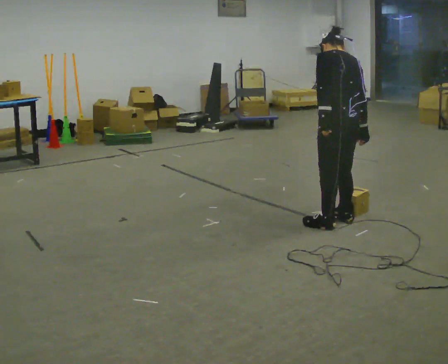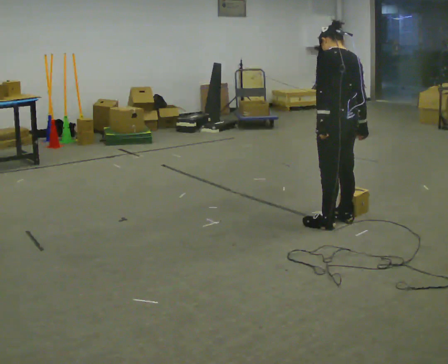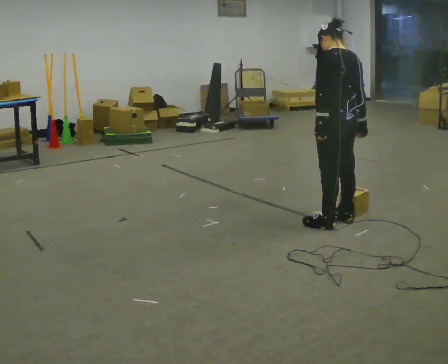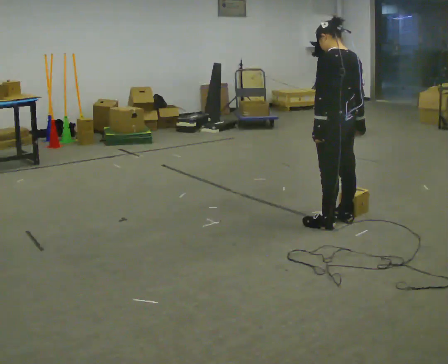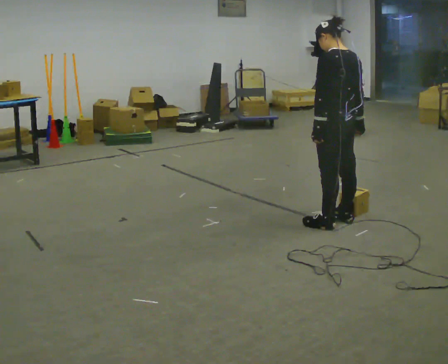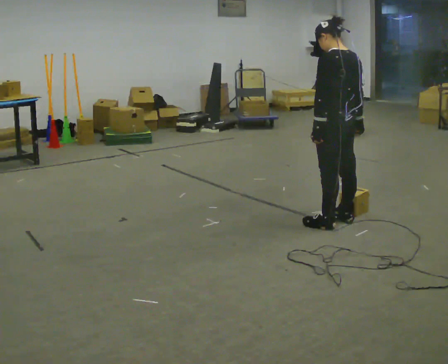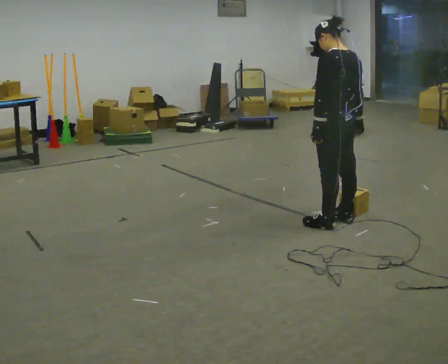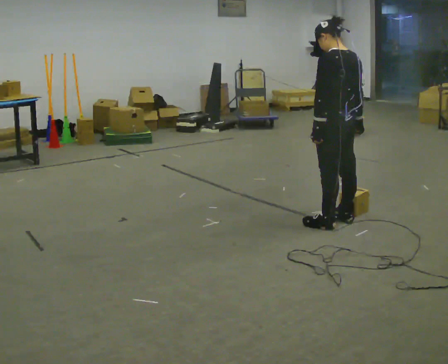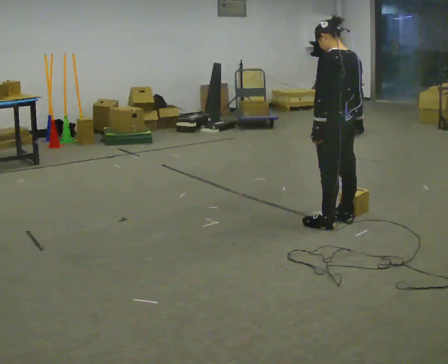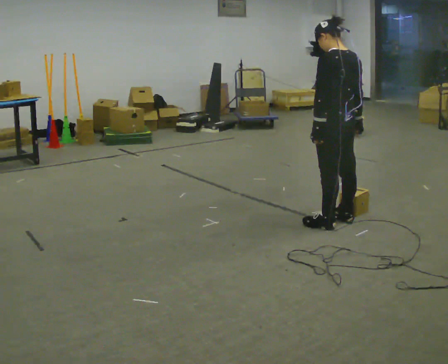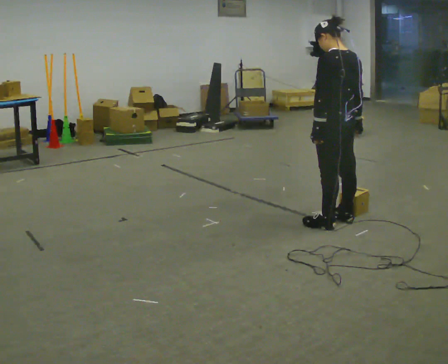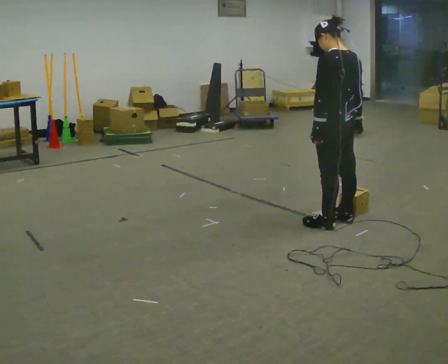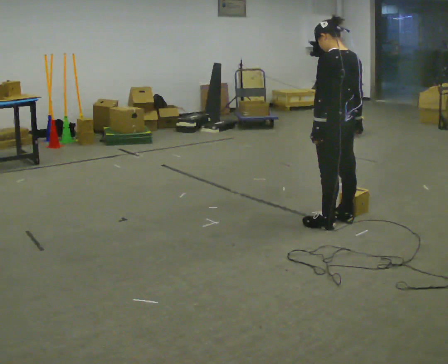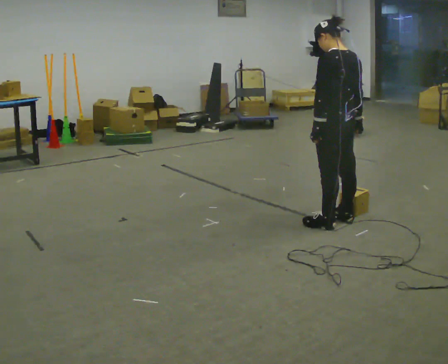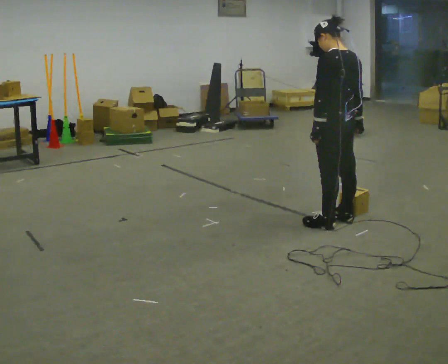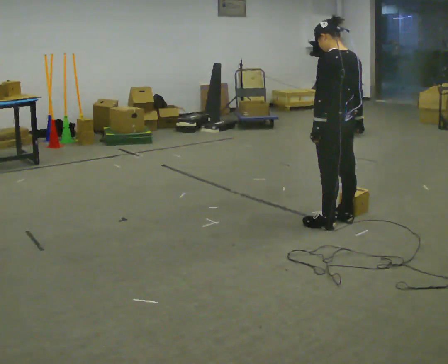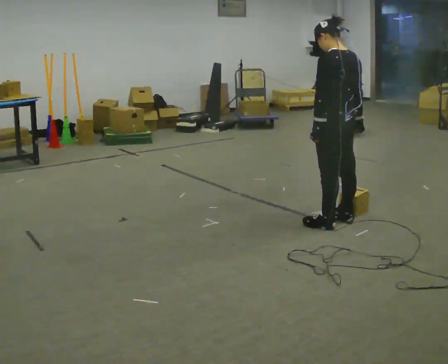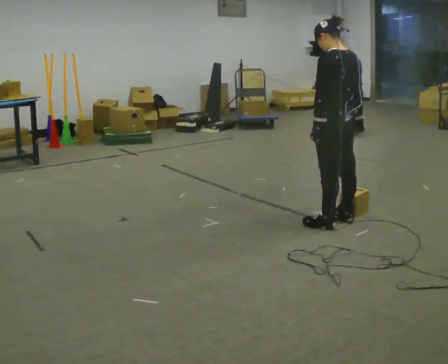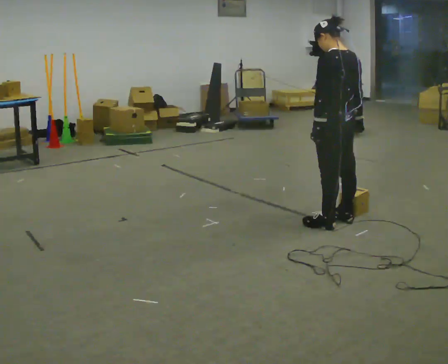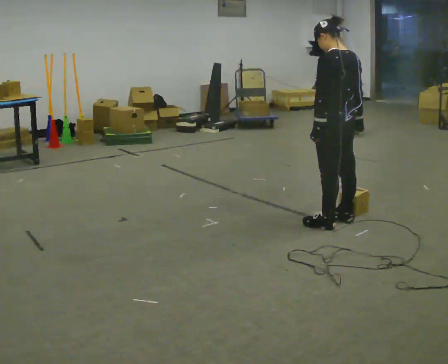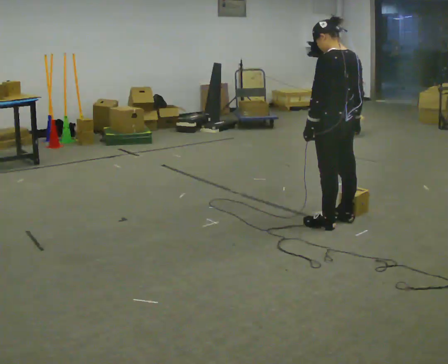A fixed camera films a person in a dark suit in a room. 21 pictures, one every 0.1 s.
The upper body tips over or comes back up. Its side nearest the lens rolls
downward.
0.0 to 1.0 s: The upper body tips toward the camera, its near side rolling downward, as they lean back or straighten.
1.0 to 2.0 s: The person moves a little, or ends about where they began.
The film runs backward here.
